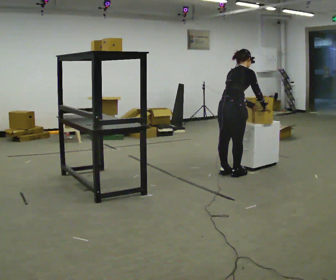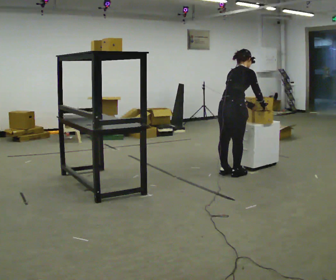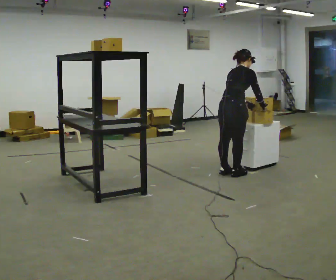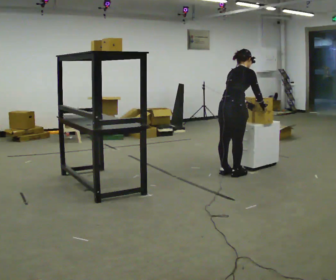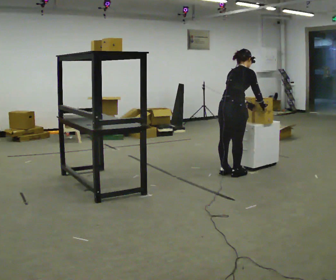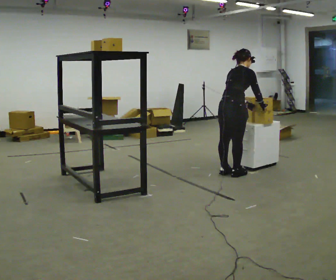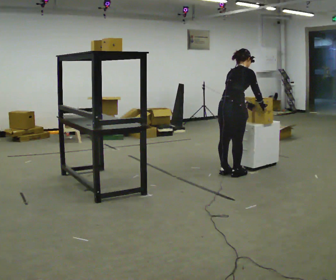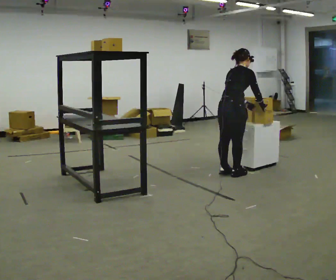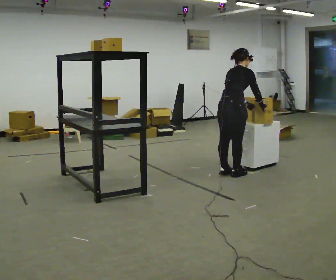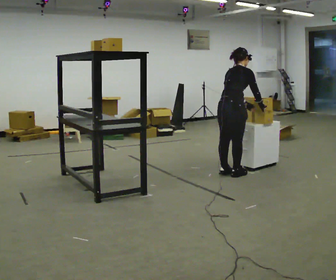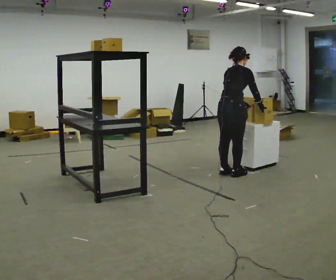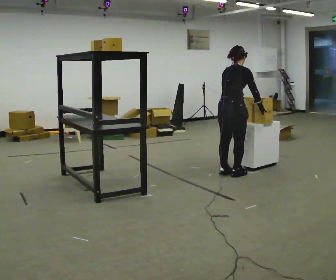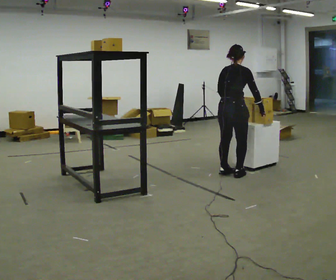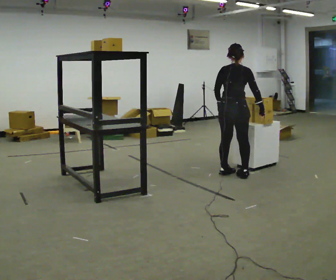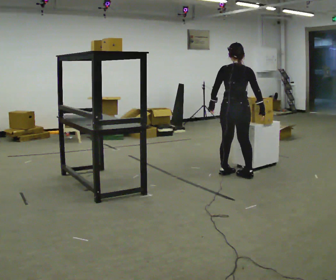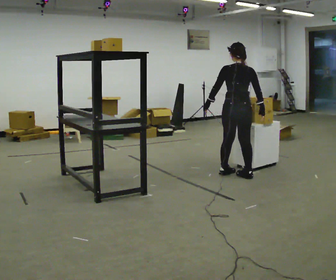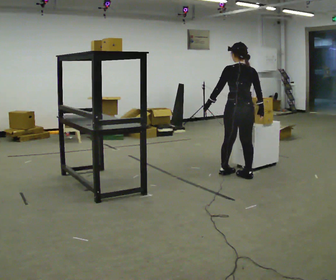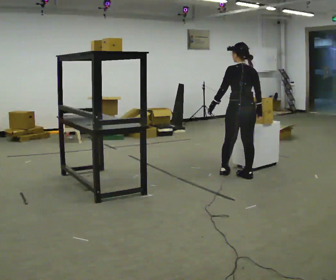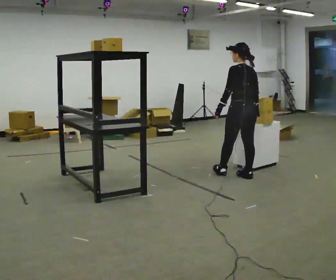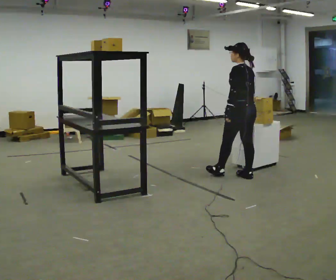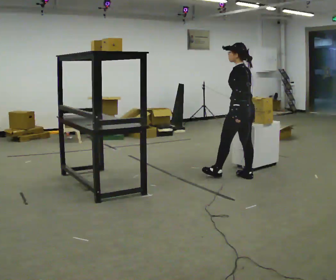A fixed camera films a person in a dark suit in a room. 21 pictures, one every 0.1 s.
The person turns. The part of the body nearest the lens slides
to the right.
The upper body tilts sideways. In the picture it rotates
counterclockwise.
0.0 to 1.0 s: The person moves a little, or ends about where they began.
1.0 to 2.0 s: The person turns about 105 degrees to their left, counterclockwise seen from above, so the part of the body nearest the lens slides to the right. In the picture they go to the right, about 0.25 m in 1 step. In the picture the upper body tilts counterclockwise, shoulders to the left, as they lean back or straighten.
The film runs forward here.
